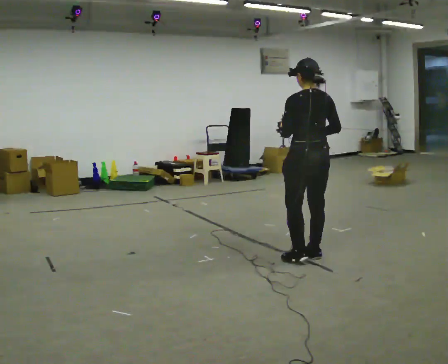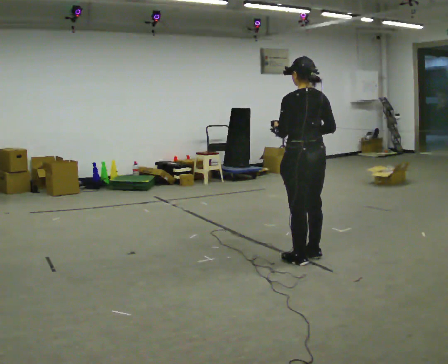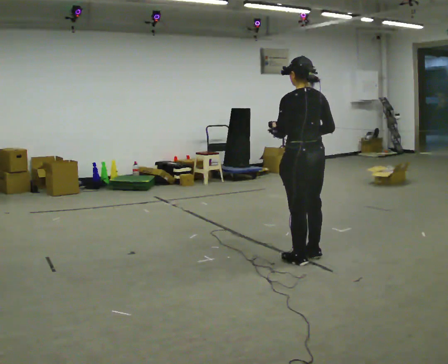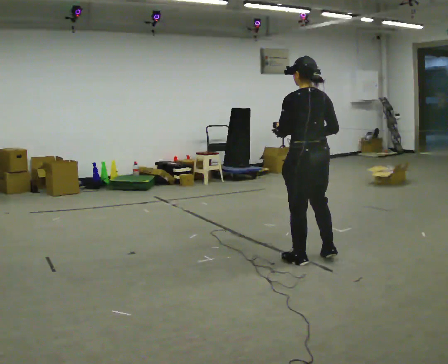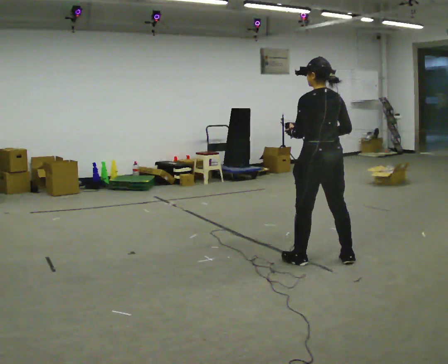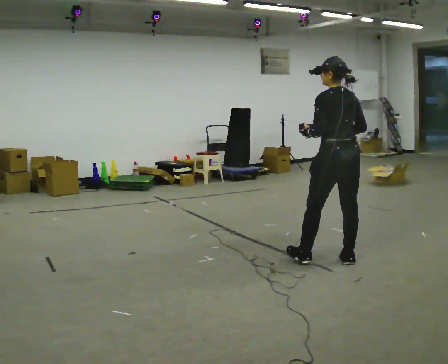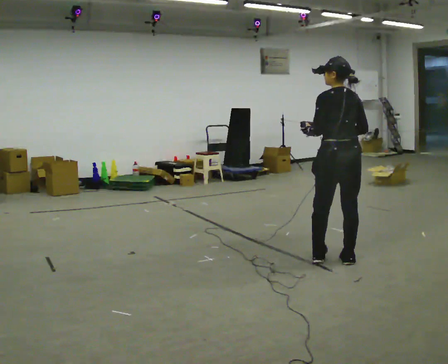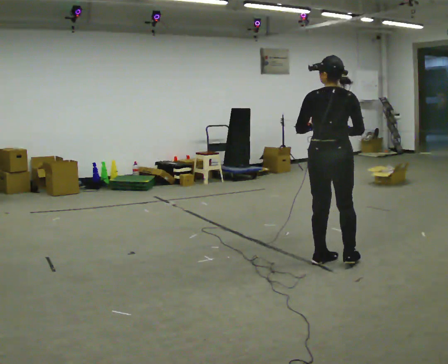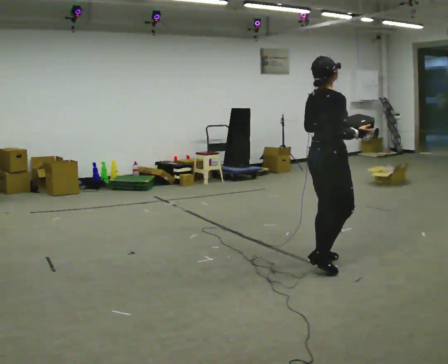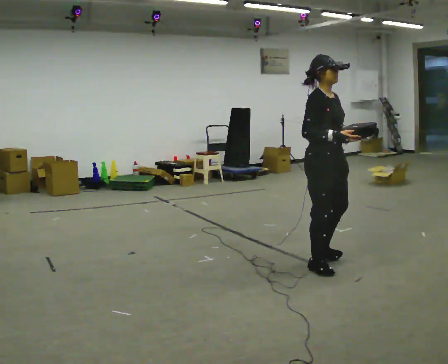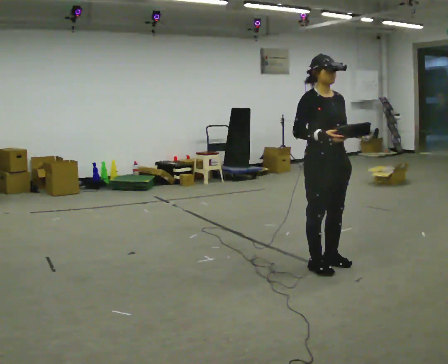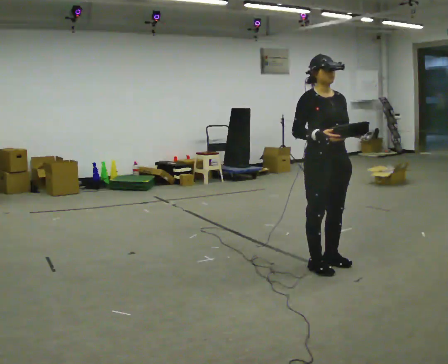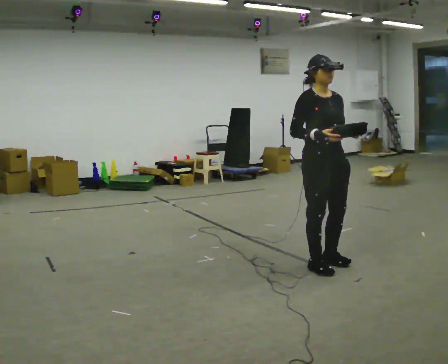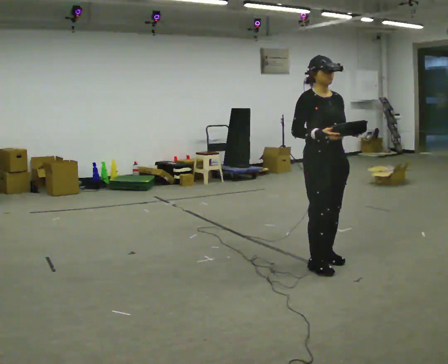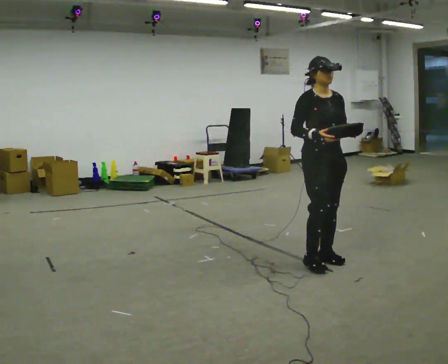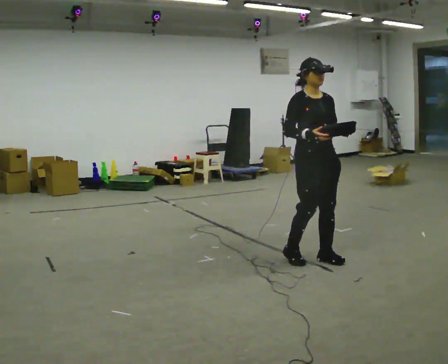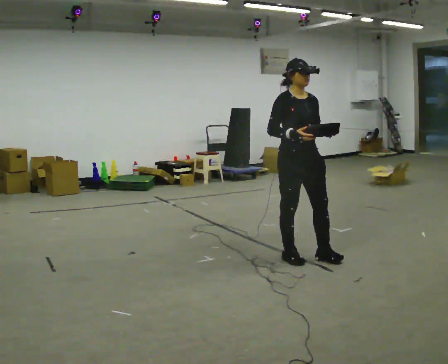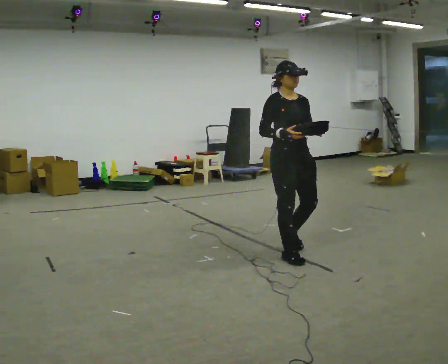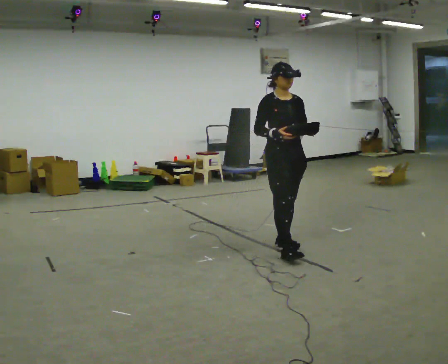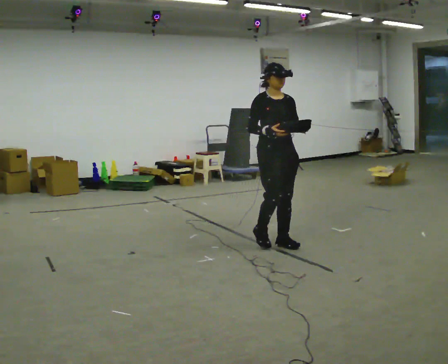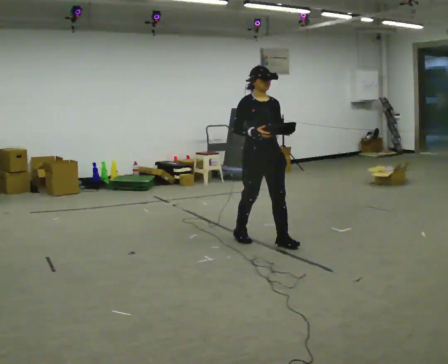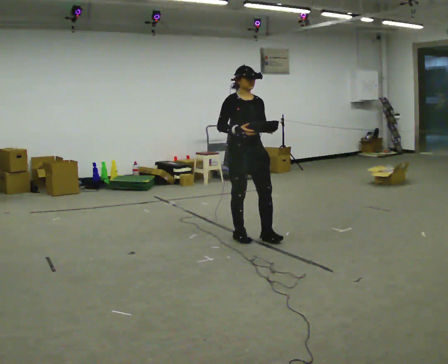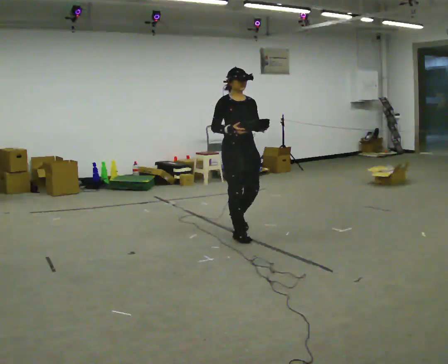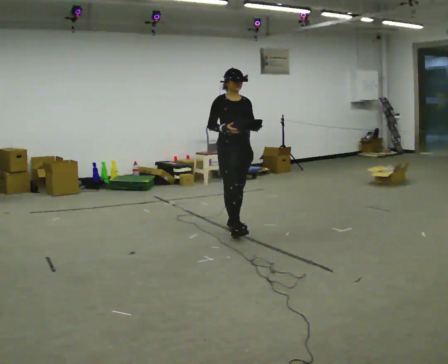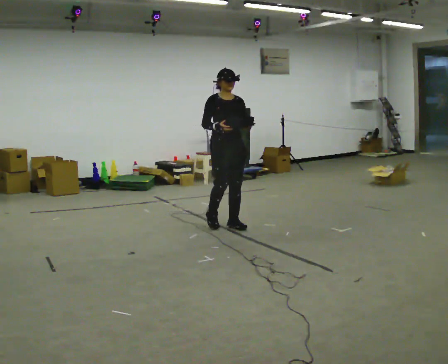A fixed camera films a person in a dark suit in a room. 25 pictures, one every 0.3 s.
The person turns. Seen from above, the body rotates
clockwise.
The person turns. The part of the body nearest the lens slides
to the left.
0.0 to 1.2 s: The person moves a little, or ends about where they began.
1.2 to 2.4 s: The part of the body nearest the lens slides to the left as the person turns to their right by about 90 degrees. In the picture their left hand goes to the right.
2.4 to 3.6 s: The part of the body nearest the lens slides to the left as the person turns to their right by about 75 degrees.
3.6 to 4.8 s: In the picture they go away from the camera and to the left, about 0.25 m in 2 steps, which for them is backward.
4.8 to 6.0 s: In the picture they go away from the camera and to the left, about 0.5 m in 1 step, which for them is backward.
6.0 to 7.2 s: In the picture they go away from the camera and to the left, about 0.75 m in 2 steps, which for them is backward.
The film runs backward here.
